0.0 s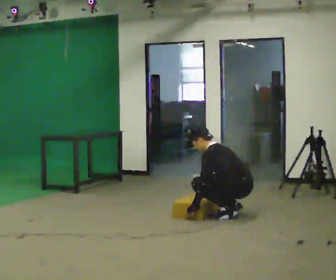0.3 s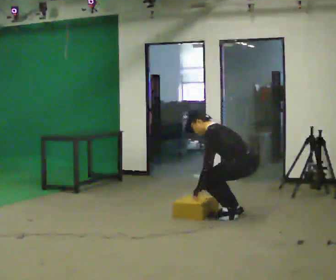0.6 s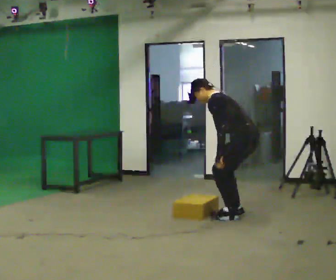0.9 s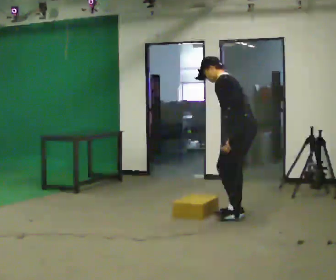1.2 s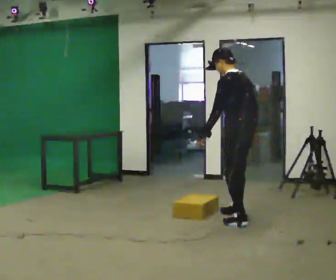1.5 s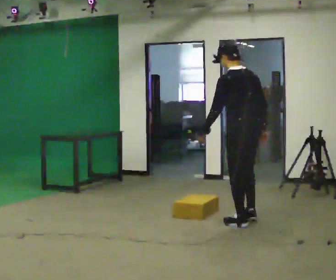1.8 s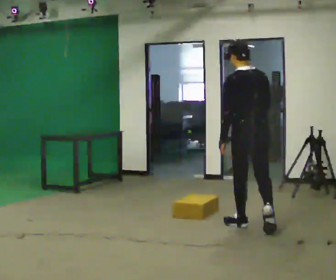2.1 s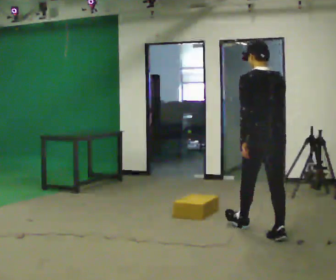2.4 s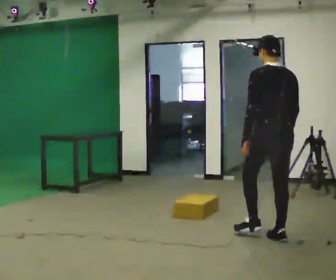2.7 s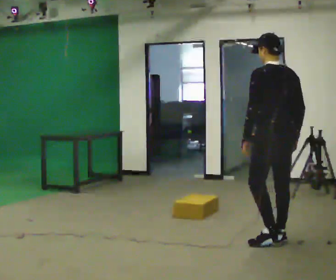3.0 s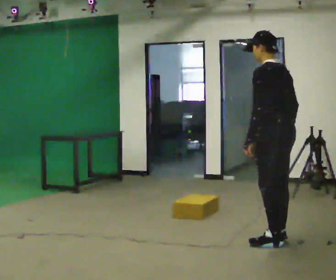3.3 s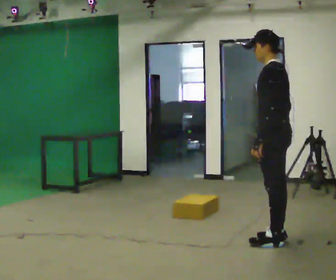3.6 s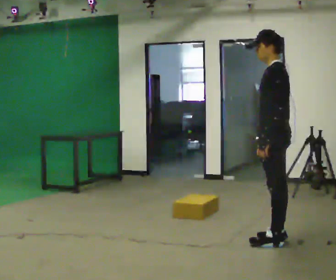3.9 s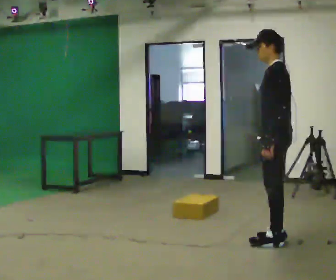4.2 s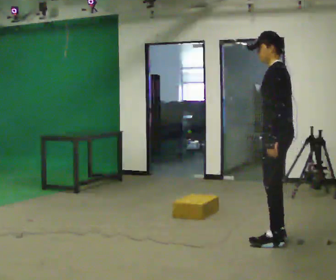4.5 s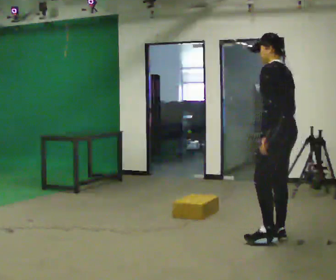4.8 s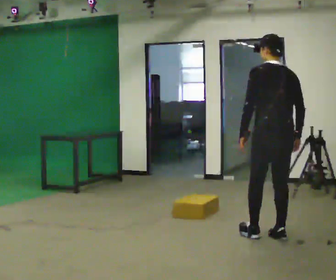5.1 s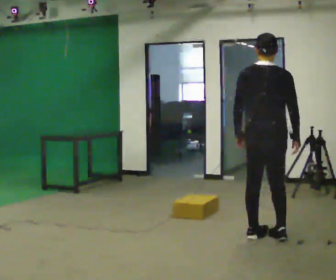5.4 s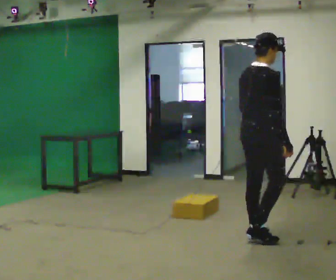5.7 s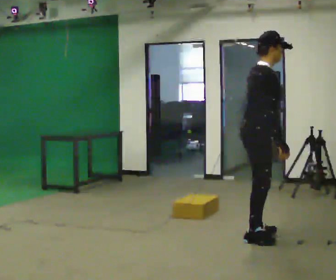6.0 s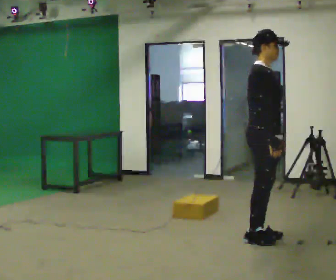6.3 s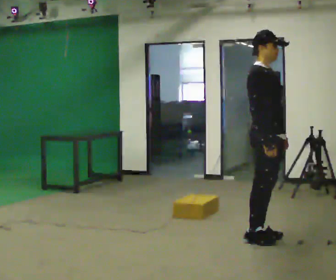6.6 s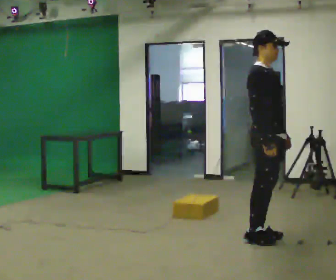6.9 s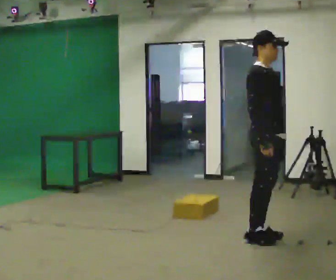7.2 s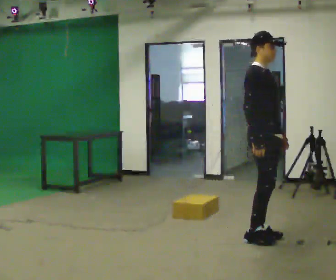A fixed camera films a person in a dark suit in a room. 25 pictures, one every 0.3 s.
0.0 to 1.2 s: In the picture they go toward the camera, about 0.25 m in 1 step, which for them is to their left. The shoulders move upward. In the picture the upper body tilts clockwise, shoulders to the right, as they lean back or straighten. In the picture their right hand goes upward and to the right.
1.2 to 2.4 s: The part of the body nearest the lens slides to the left as the person turns to their right by about 30 degrees. In the picture they go toward the camera and to the right, about 1 m in 2 steps, which for them is backward.
2.4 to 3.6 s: The person turns about 60 degrees to their left, counterclockwise seen from above, so the part of the body nearest the lens slides to the right.
3.6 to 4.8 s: Seen from above the body turns clockwise, about 60 degrees: to their right, with its near side sliding to the left.
4.8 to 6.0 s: The person turns about 120 degrees to their right, clockwise seen from above, so the part of the body nearest the lens slides to the left. In the picture they go to the left, about 0.25 m in 1 step.
6.0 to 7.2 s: The person moves a little, or ends about where they began.
The film runs backward here.
